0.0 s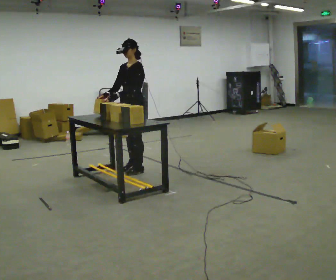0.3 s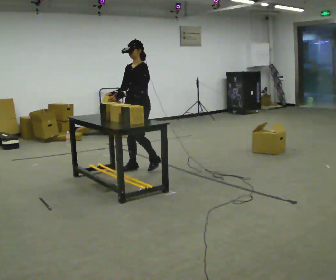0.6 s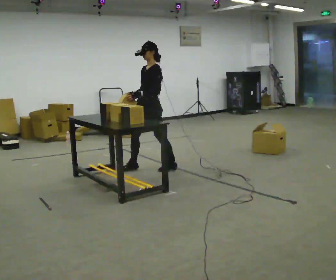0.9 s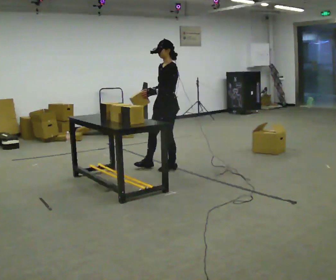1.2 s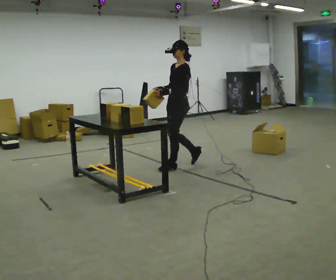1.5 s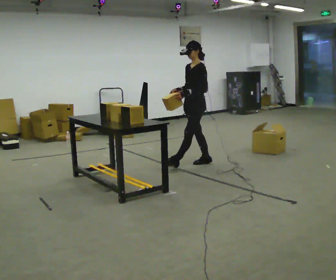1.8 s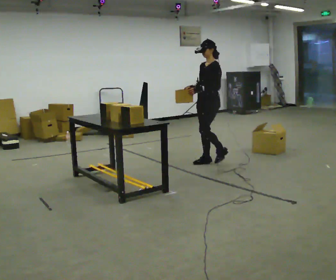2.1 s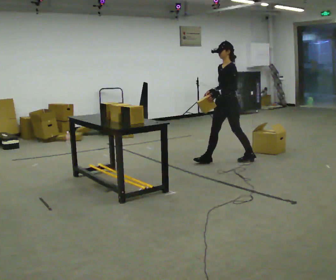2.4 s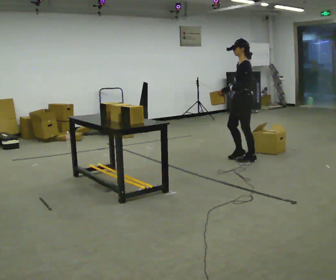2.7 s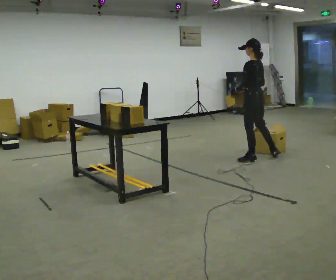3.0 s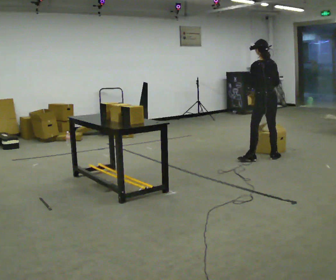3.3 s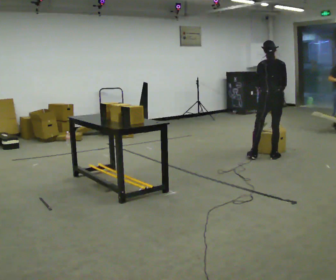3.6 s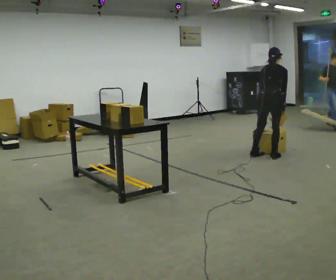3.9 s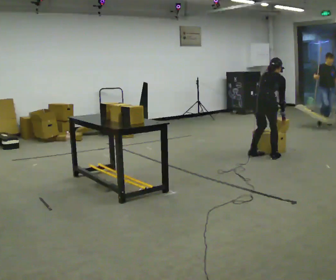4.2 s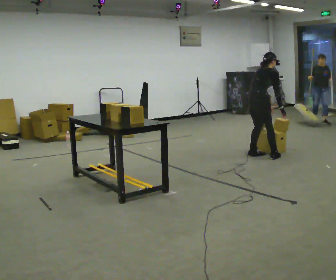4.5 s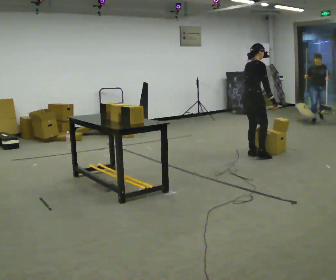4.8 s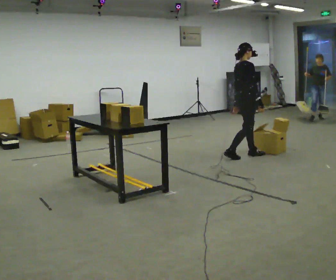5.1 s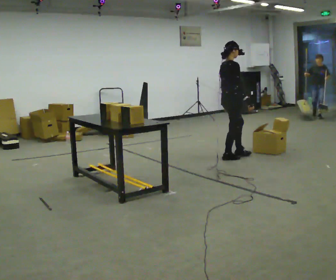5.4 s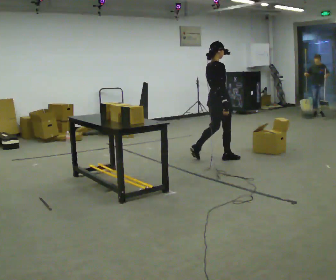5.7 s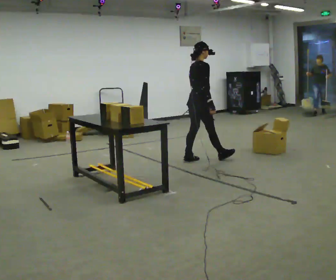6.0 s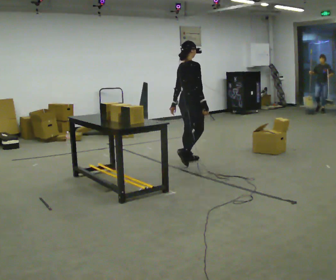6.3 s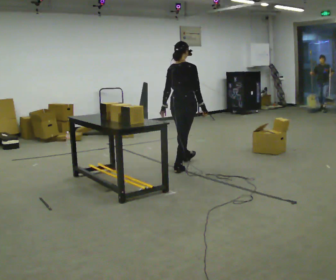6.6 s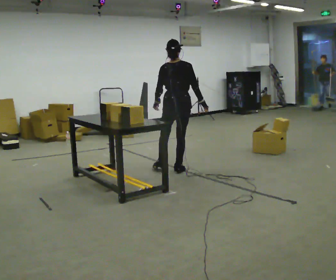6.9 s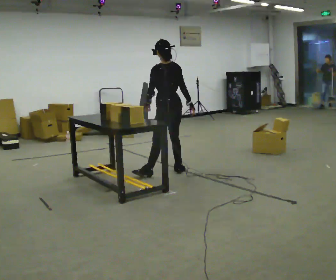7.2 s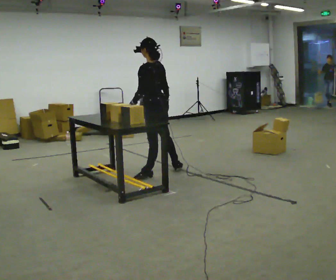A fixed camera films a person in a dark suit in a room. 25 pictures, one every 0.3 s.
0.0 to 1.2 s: Seen from above the body turns clockwise, about 30 degrees: to their right, with its near side sliding to the left. In the picture they go to the right and away from the camera, about 0.5 m in 2 steps, which for them is backward.
1.2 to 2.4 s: In the picture they go to the right and away from the camera, about 1 m in 2 steps, which for them is backward.
2.4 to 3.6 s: Seen from above the body turns clockwise, about 120 degrees: to their right, with its near side sliding to the left. In the picture they go to the right, about 0.25 m in 1 step. The upper body tips away from the camera, its near side rolling upward, as they bend forward.
3.6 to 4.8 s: The person turns about 45 degrees to their right, clockwise seen from above, so the part of the body nearest the lens slides to the left. In the picture they go to the left, about 0.5 m in 1 step, which for them is to their left and backward.
4.8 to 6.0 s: In the picture they go to the left and toward the camera, about 1 m in 2 steps, which for them is backward.
6.0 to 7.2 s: The part of the body nearest the lens slides to the right as the person turns to their left by about 120 degrees. In the picture they go toward the camera, about 0.75 m in 2 steps.
The film runs backward here.
